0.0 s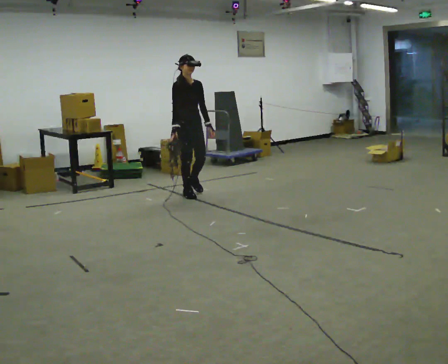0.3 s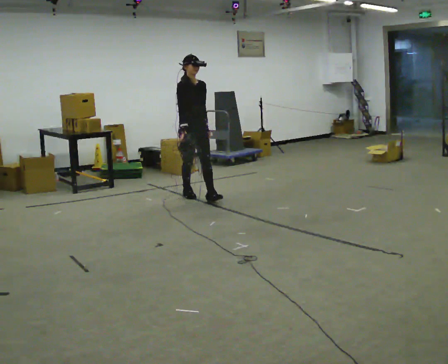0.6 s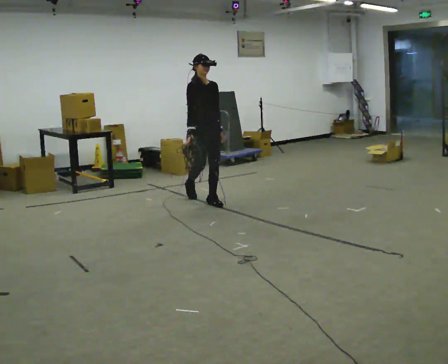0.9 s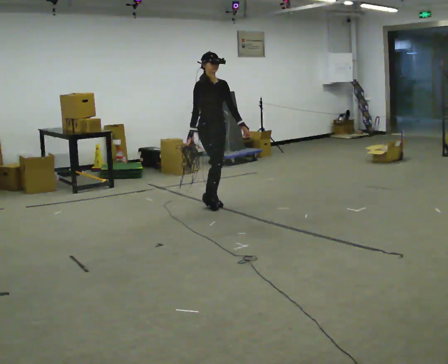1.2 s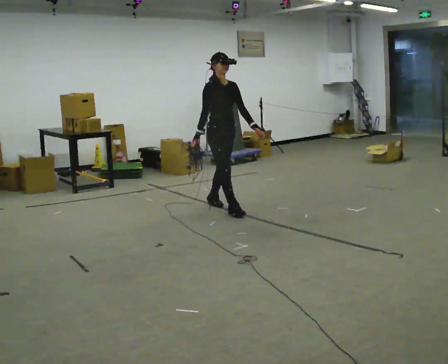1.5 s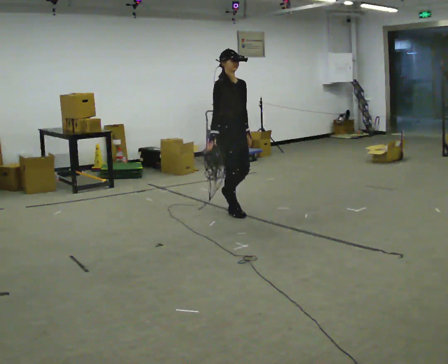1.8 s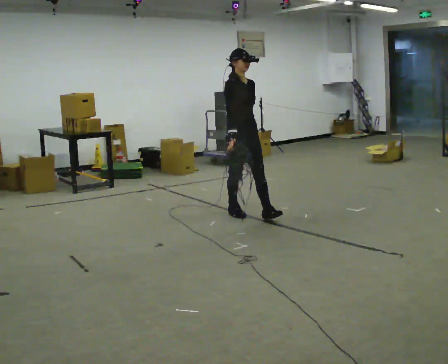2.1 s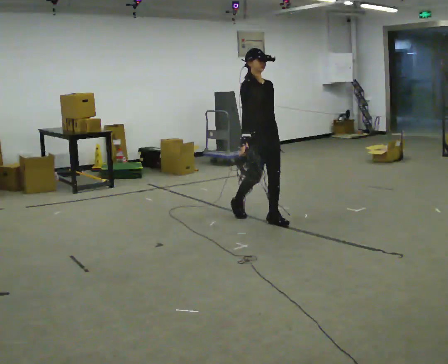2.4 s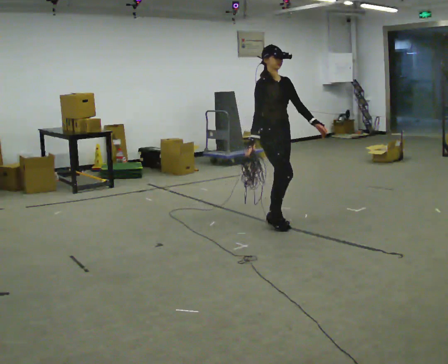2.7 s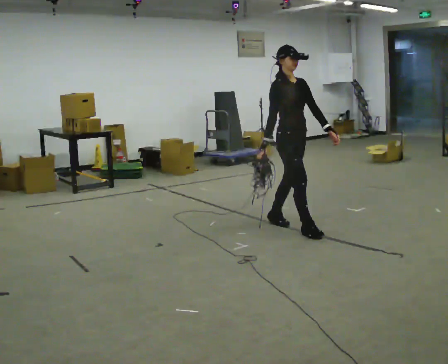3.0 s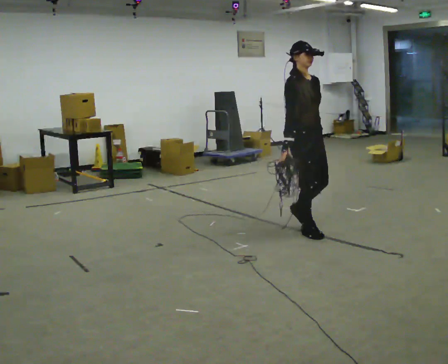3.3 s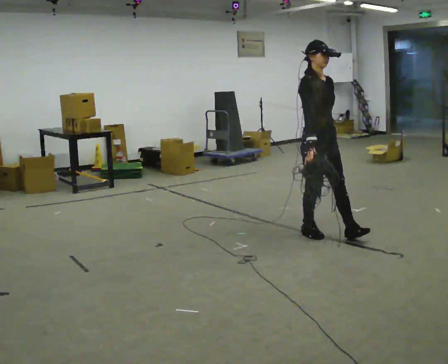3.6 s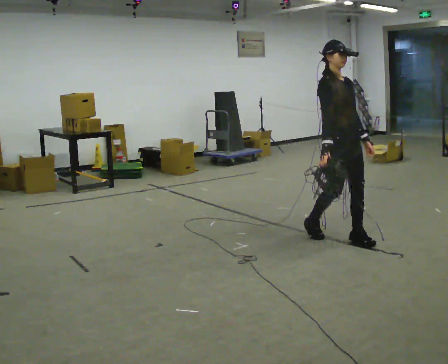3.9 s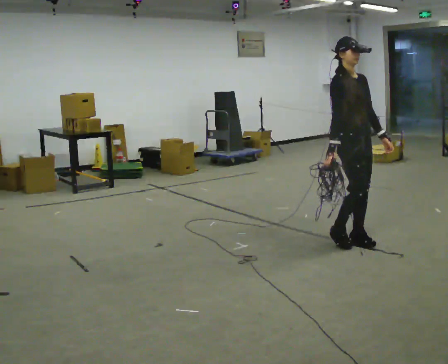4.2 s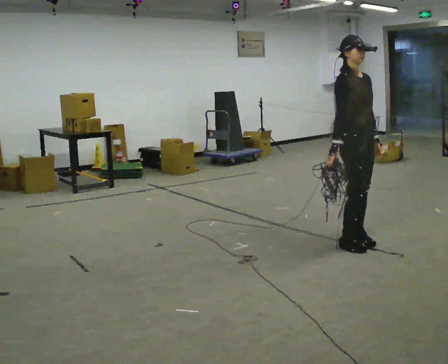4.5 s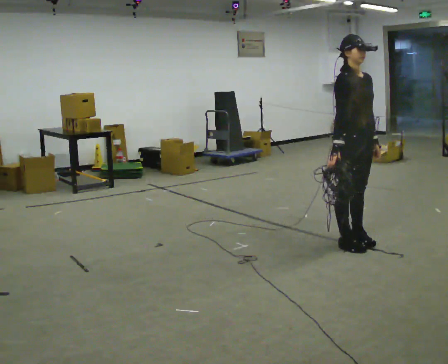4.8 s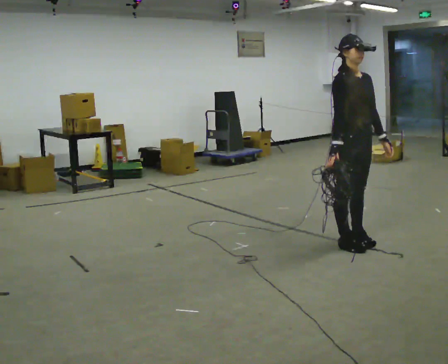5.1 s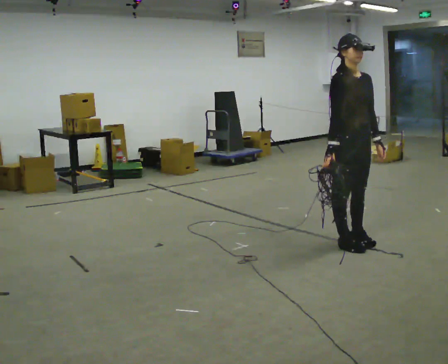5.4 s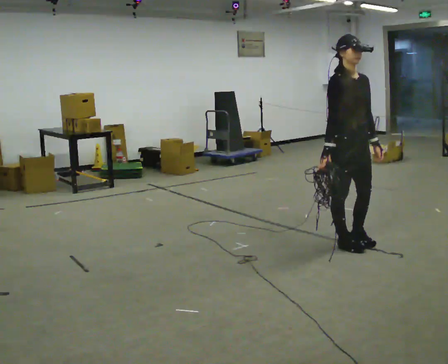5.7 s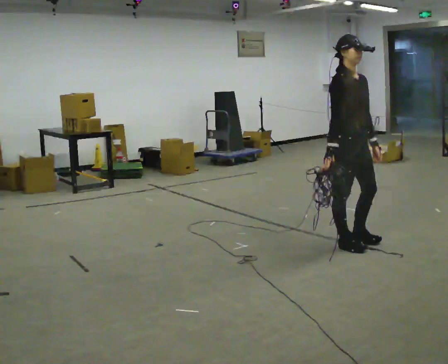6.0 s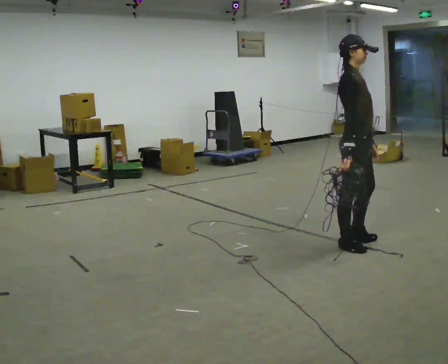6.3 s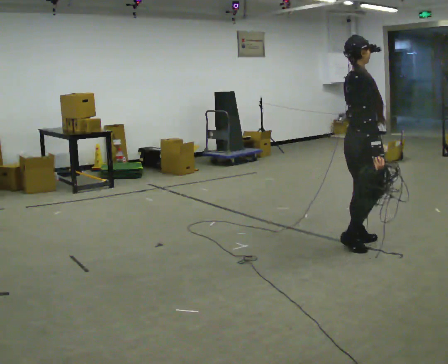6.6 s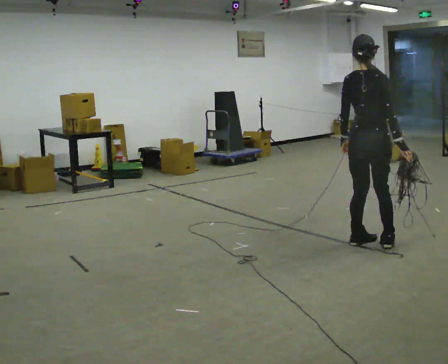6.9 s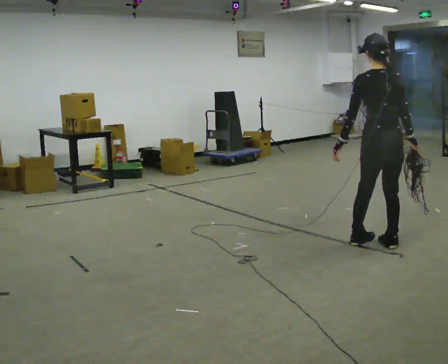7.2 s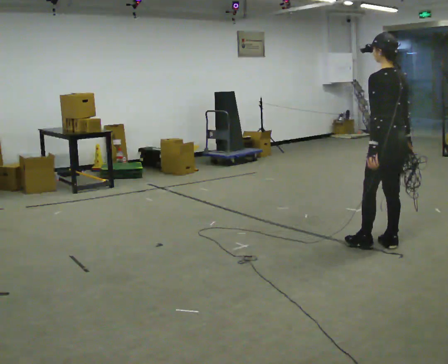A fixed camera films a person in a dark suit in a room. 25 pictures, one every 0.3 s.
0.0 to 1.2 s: In the picture they go toward the camera and to the right, about 0.5 m in 2 steps, which for them is forward.
1.2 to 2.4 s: In the picture they go to the right and toward the camera, about 0.5 m in 1 step, which for them is forward.
2.4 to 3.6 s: In the picture they go to the right and toward the camera, about 1 m in 2 steps, which for them is forward.
3.6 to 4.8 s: In the picture they go toward the camera, about 0.25 m in 1 step, which for them is forward.
4.8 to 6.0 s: The part of the body nearest the lens slides to the right as the person turns to their left by about 30 degrees.
6.0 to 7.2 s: The part of the body nearest the lens slides to the right as the person turns to their left by about 135 degrees. In the picture they go to the right, about 0.25 m in 1 step.
The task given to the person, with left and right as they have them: Pick up the coiled hose, carry it across the room, and set it down. It will move around as you walk. Keep going until the operator says stop; one object at a time, and do not rush between trips.
The film runs forward here.
